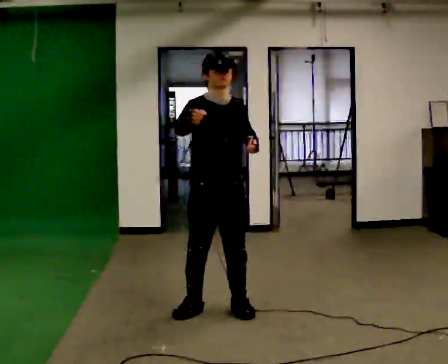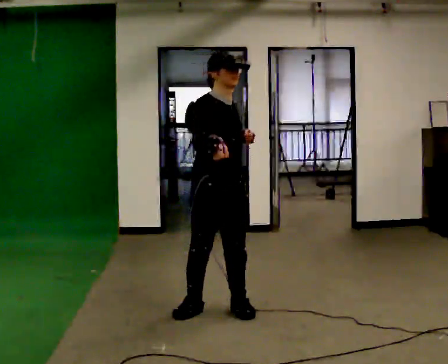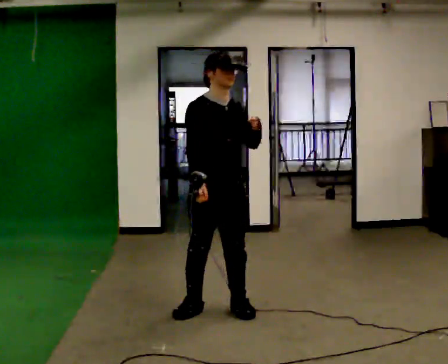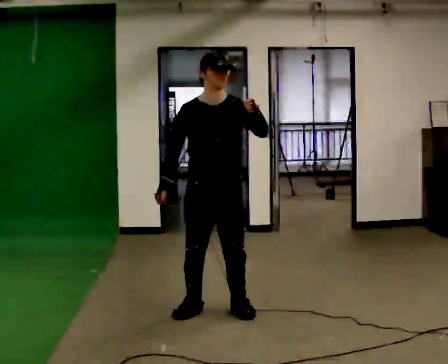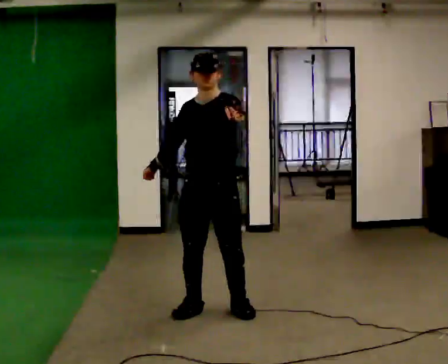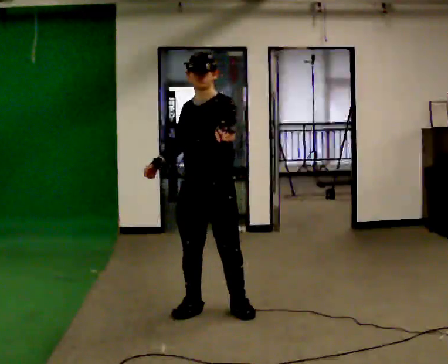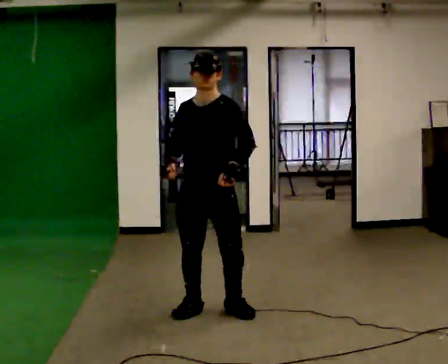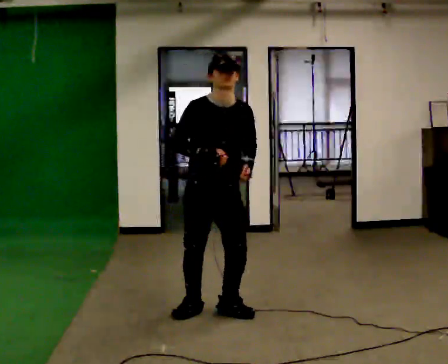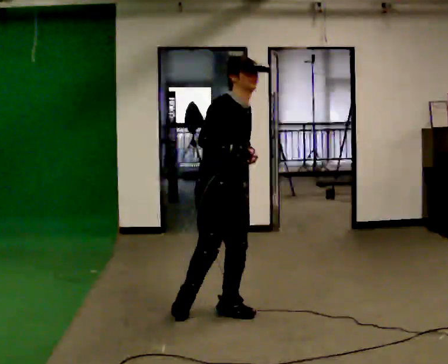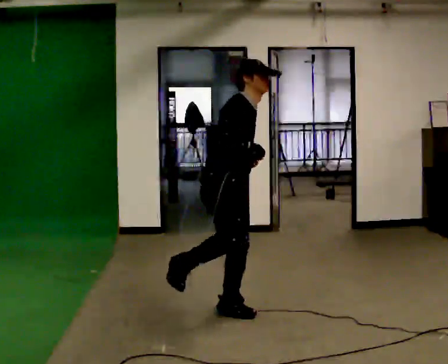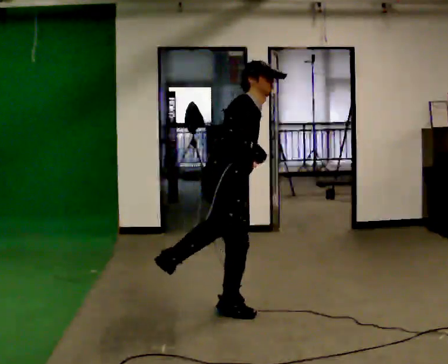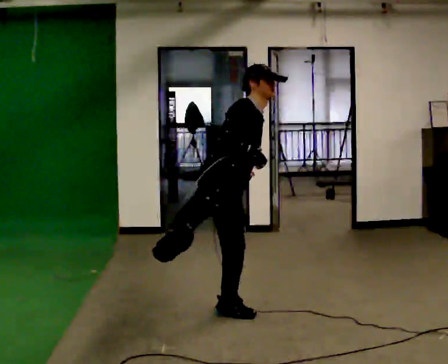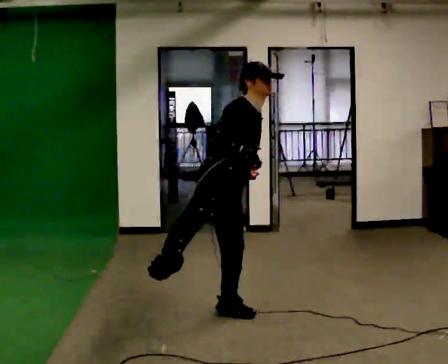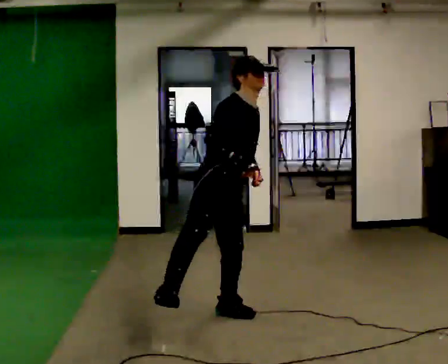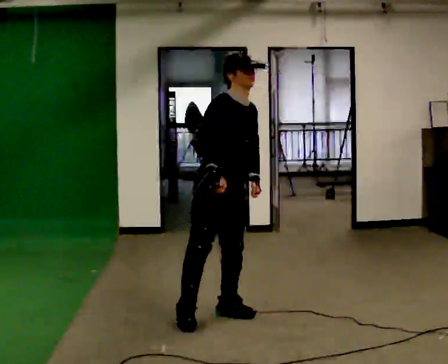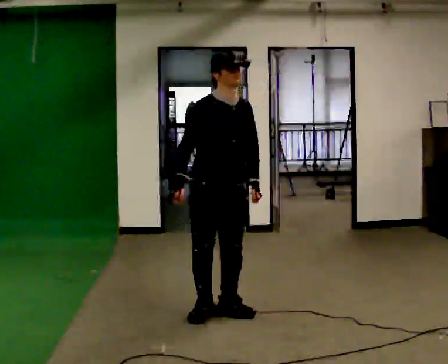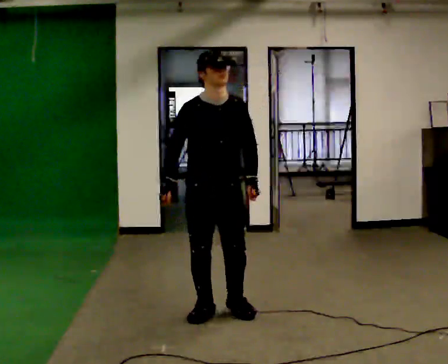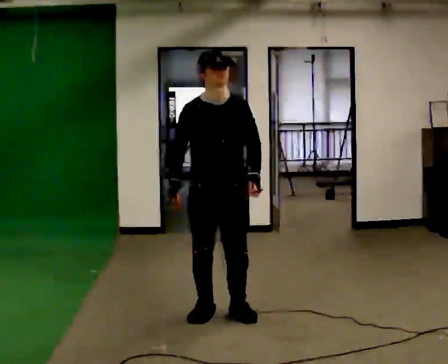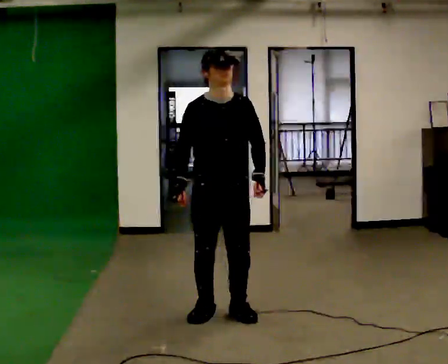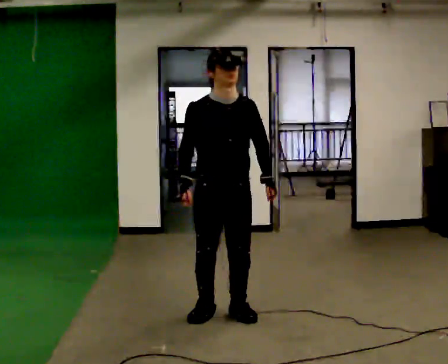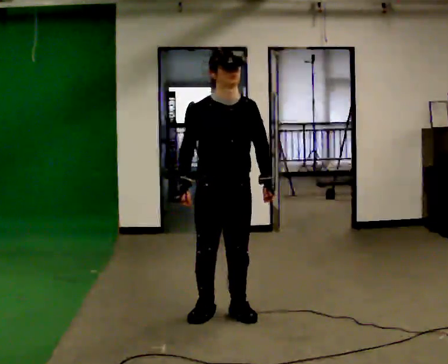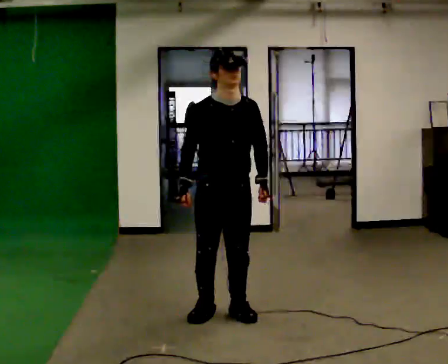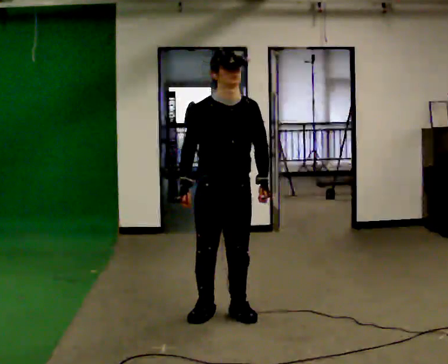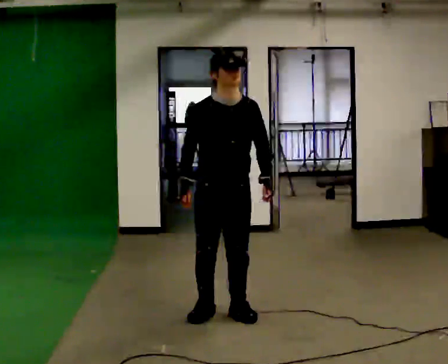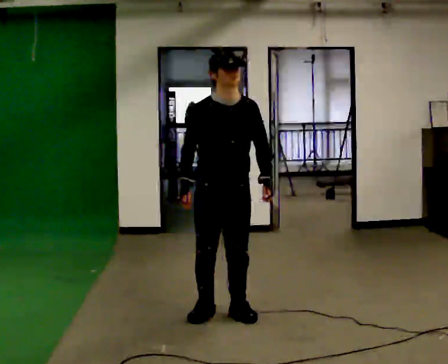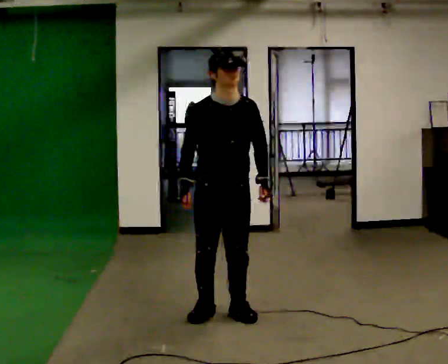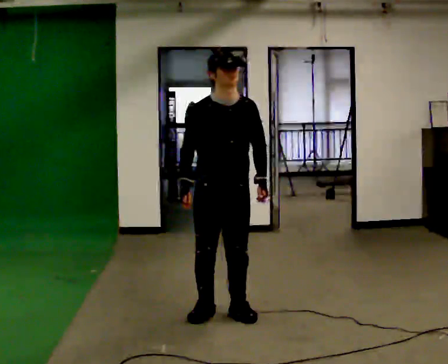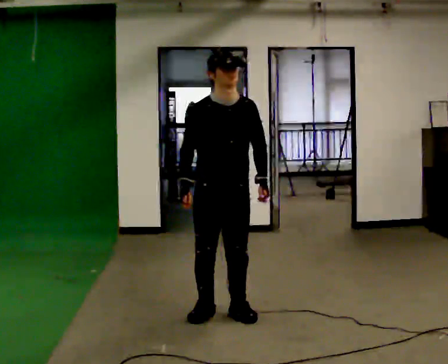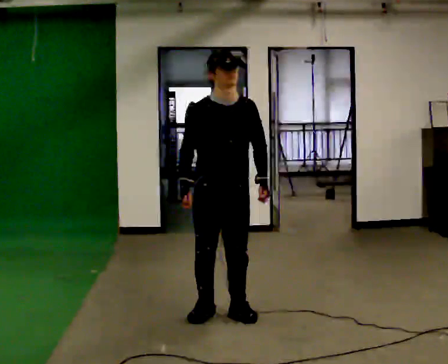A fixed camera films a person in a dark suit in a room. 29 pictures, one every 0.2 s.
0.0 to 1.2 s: Seen from above the body turns clockwise, about 30 degrees: to their right, with its near side sliding to the left.
1.2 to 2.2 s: The part of the body nearest the lens slides to the right as the person turns to their left by about 75 degrees. In the picture they go toward the camera, about 0.25 m. The upper body tips away from the camera, its near side rolling upward.
2.2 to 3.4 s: The part of the body nearest the lens slides to the left as the person turns to their right by about 60 degrees. The upper body tips toward the camera, its near side rolling downward. In the picture their right hand goes to the left.
3.4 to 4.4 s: The person moves a little, or ends about where they began.
4.4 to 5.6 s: The person keeps their place and pose.
The film runs forward here.
